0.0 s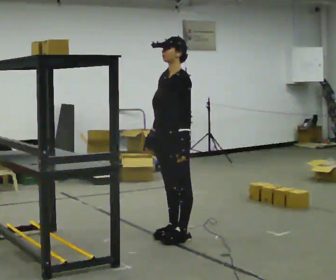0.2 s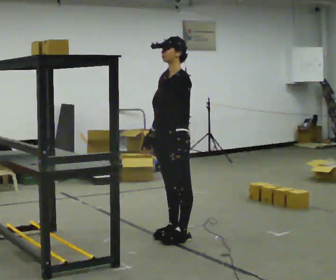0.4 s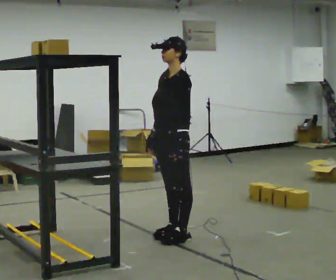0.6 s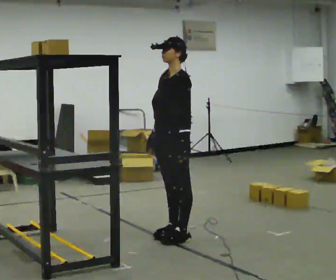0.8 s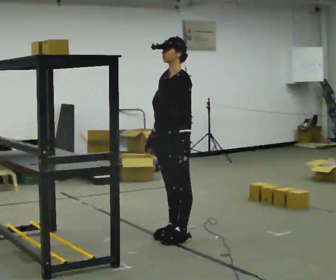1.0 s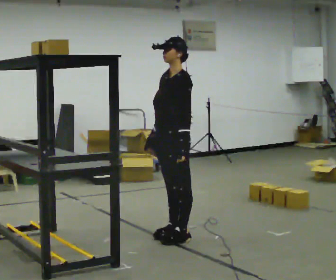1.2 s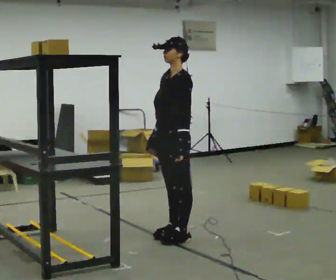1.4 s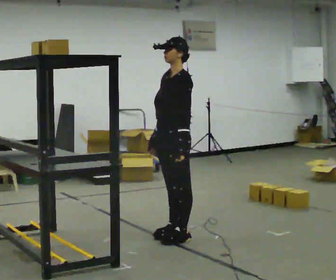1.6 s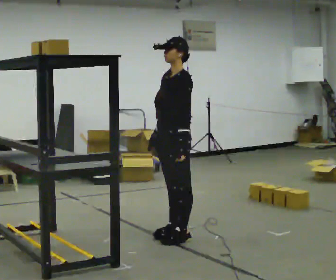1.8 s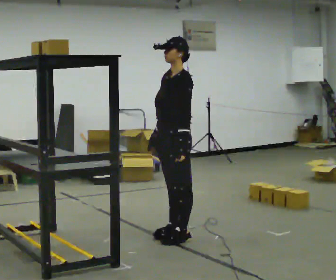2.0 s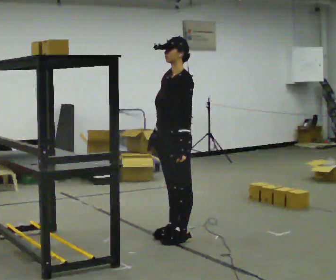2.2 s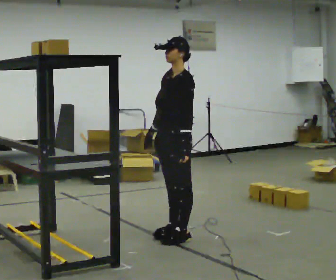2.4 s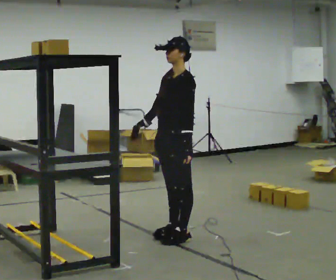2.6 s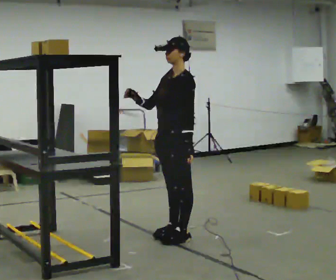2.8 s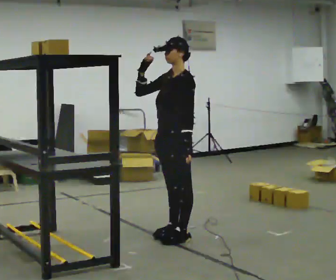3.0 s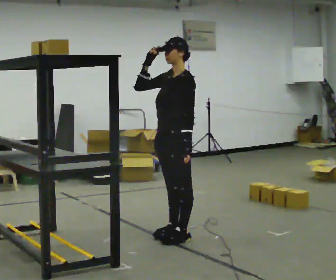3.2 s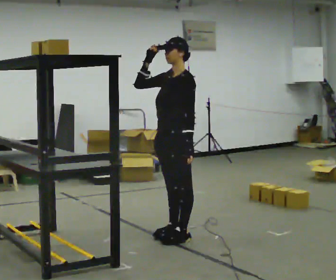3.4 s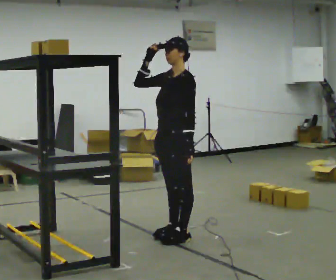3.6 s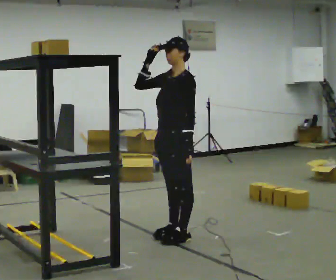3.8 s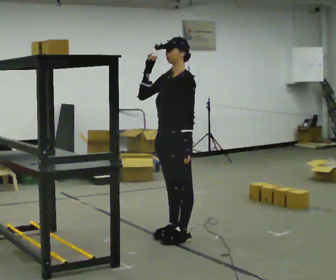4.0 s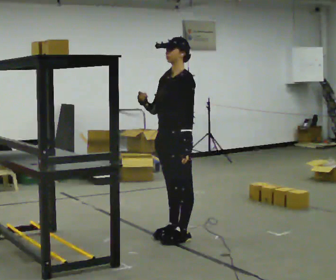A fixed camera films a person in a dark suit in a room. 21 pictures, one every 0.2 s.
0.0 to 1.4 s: The person moves a little, or ends about where they began.
1.4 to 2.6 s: In the picture their right hand goes upward, the arm swinging clockwise.
2.6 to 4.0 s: The person moves a little, or ends about where they began.
The film runs forward here.
